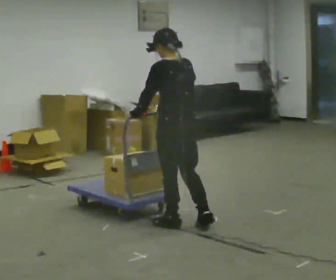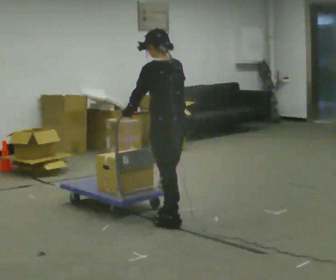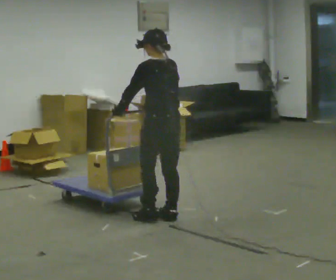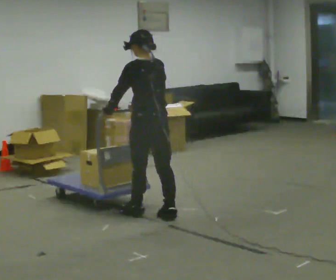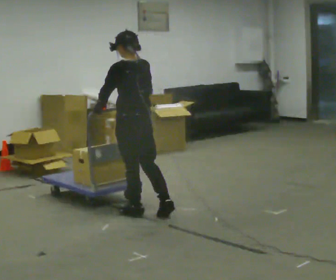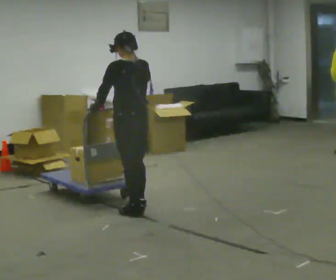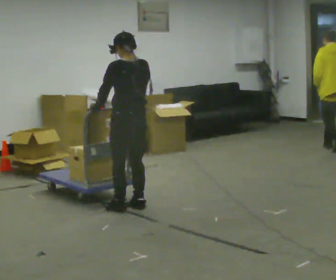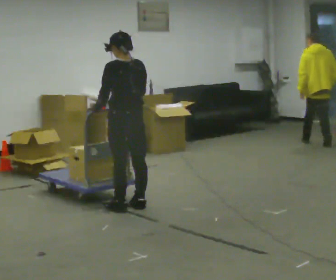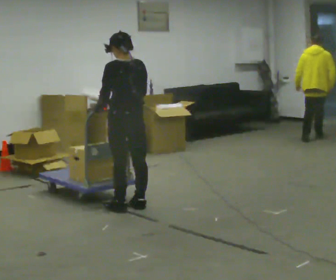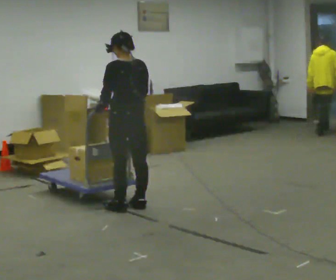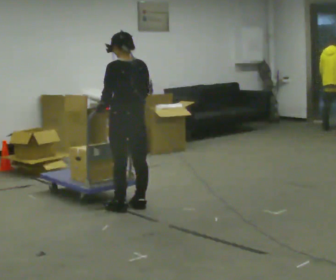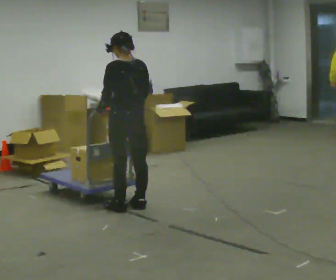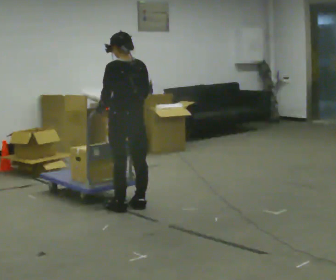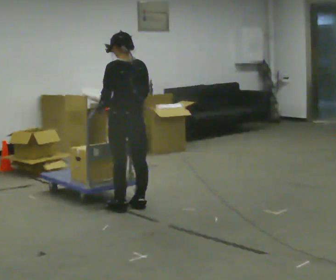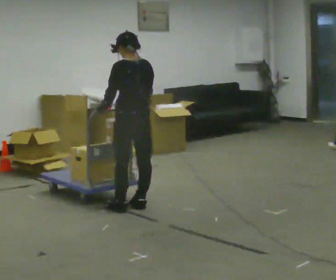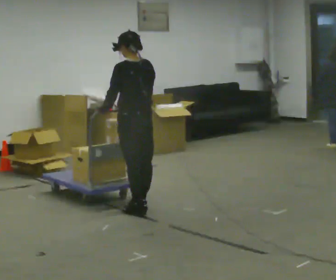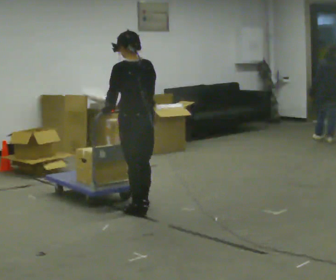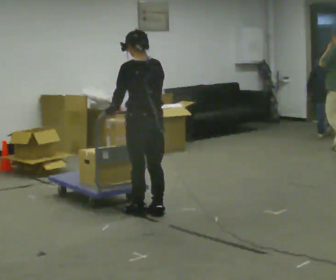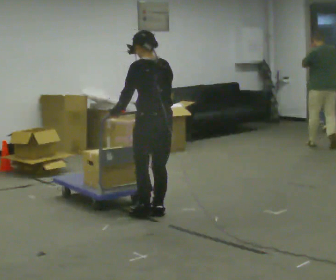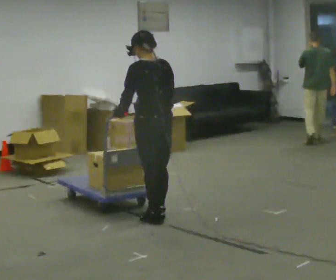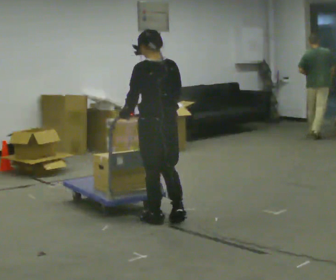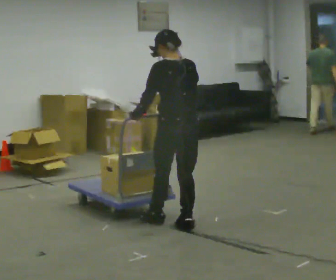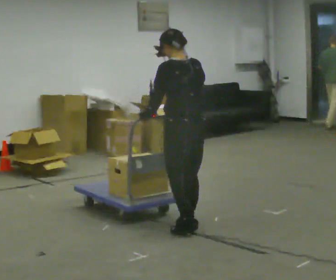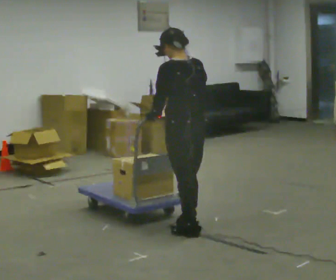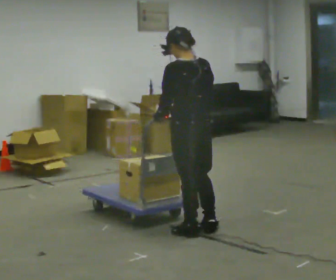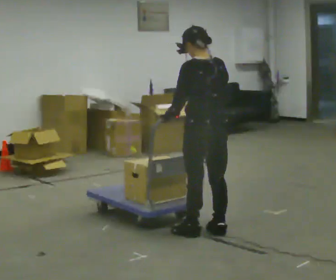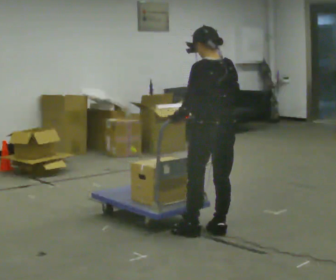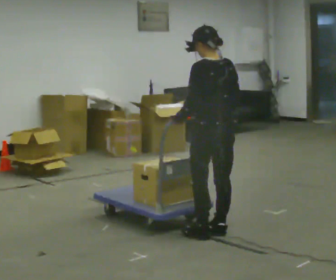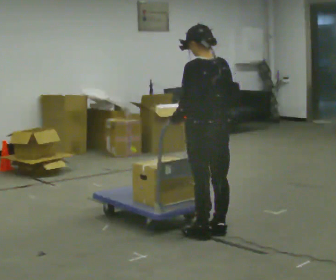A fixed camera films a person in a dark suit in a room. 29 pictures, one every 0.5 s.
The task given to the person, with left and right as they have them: Get the cart into the marked parking space and lined up with the tape. Take as many adjustments as you need. Then take it out again and repeat.
0.0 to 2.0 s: In the picture they go away from the camera and to the left, about 0.5 m in 2 steps, which for them is forward.
2.0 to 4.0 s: In the picture they go away from the camera, about 0.25 m in 2 steps, which for them is forward.
4.0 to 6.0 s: The person keeps their place and pose.
6.0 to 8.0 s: In the picture they go toward the camera, about 0.25 m in 1 step, which for them is backward.
8.0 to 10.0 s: In the picture they go toward the camera and to the right, about 0.25 m in 2 steps, which for them is backward.
10.0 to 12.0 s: In the picture they go toward the camera and to the right, about 0.5 m in 2 steps, which for them is backward.
12.0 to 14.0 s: The person moves a little, or ends about where they began.
The film runs forward here.
